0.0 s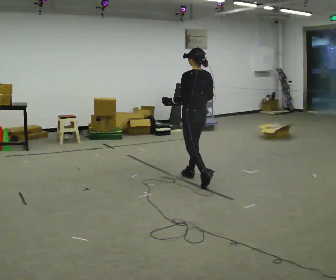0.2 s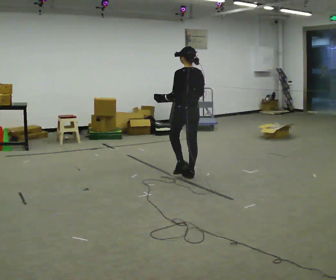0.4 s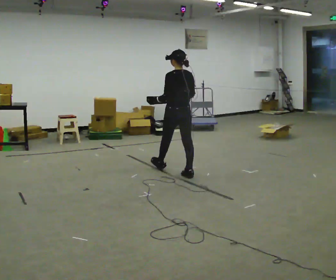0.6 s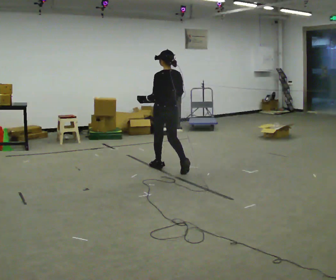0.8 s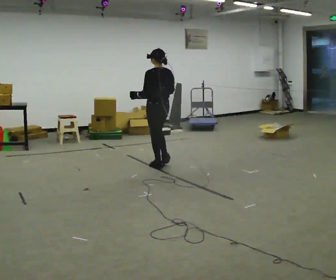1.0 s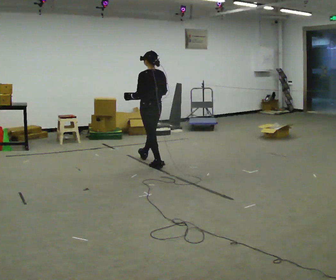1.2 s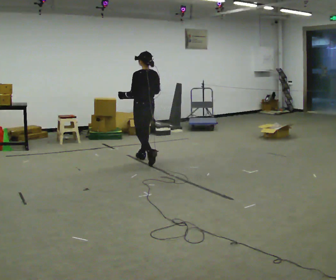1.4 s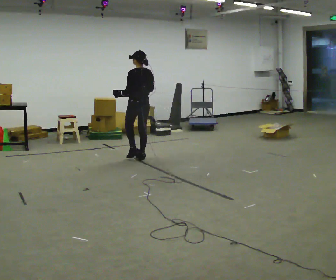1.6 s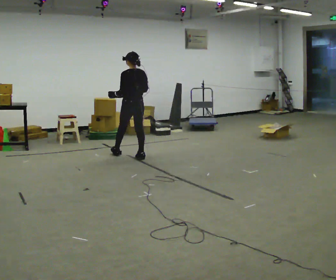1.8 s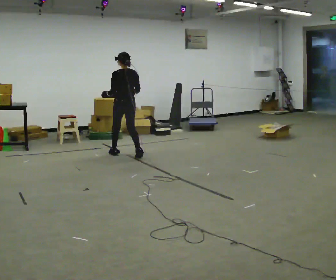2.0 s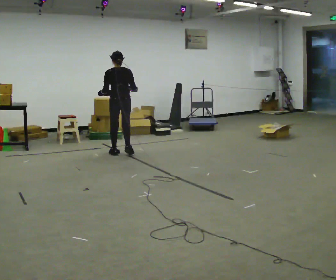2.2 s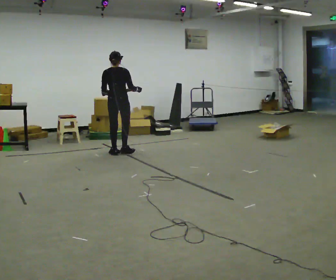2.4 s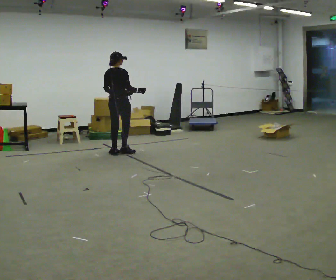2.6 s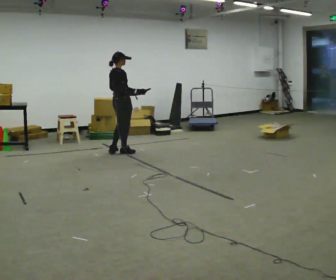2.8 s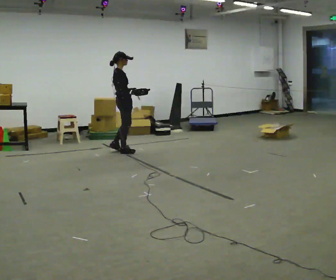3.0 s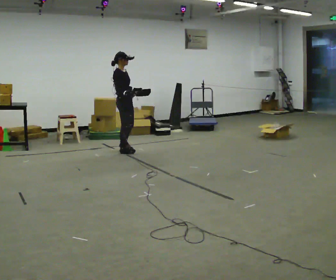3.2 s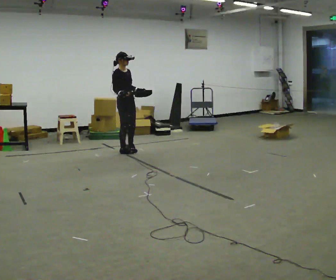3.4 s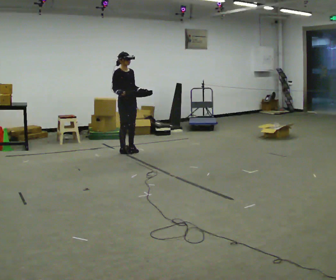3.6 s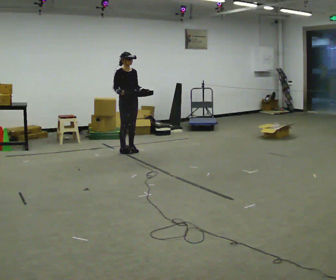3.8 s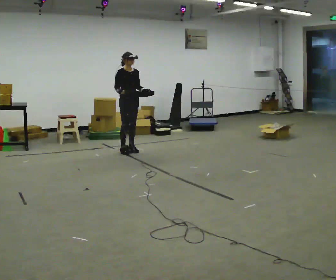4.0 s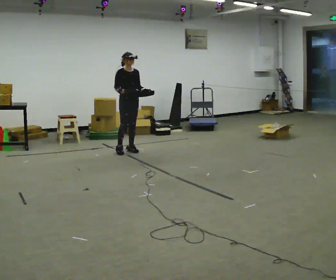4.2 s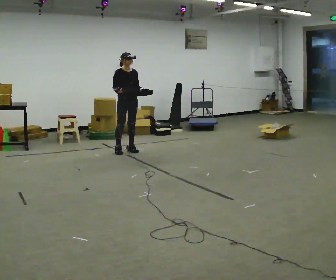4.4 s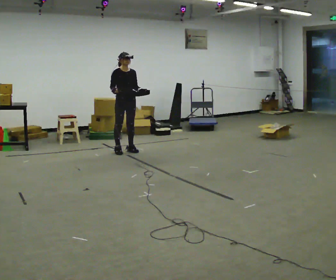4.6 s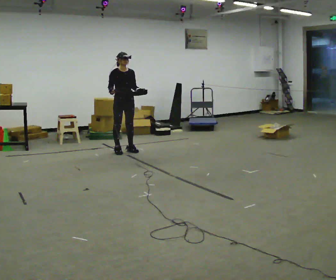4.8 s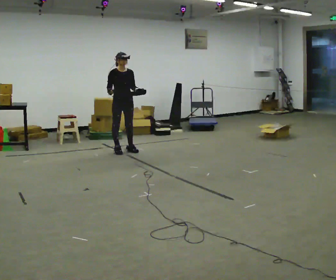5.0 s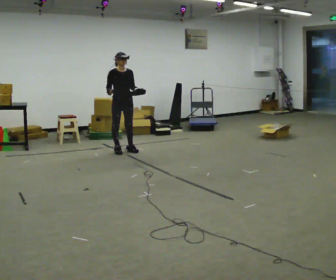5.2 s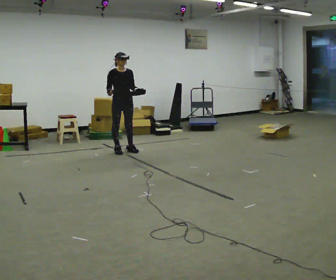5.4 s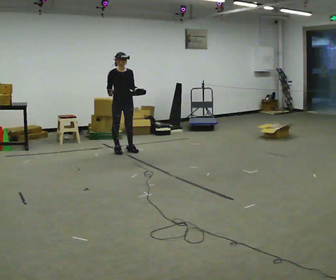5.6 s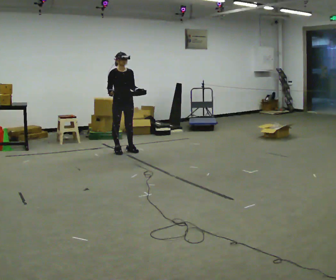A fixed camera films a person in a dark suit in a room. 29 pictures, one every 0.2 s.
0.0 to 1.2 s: In the picture they go away from the camera and to the left, about 1 m in 2 steps, which for them is forward.
1.2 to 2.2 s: Seen from above the body turns clockwise, about 45 degrees: to their right, with its near side sliding to the left. In the picture they go to the left and away from the camera, about 0.5 m in 1 step, which for them is forward.
2.2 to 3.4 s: The person turns about 120 degrees to their right, clockwise seen from above, so the part of the body nearest the lens slides to the left. In the picture they go away from the camera, about 0.25 m in 2 steps.
3.4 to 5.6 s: The person moves a little, or ends about where they began.
The film runs forward here.
